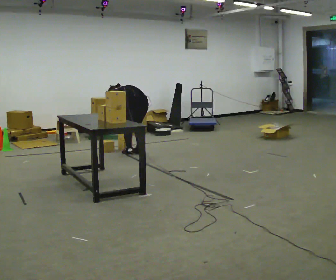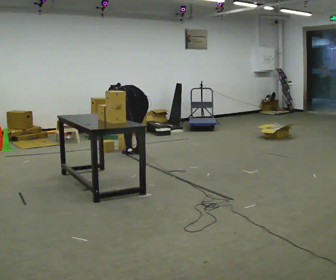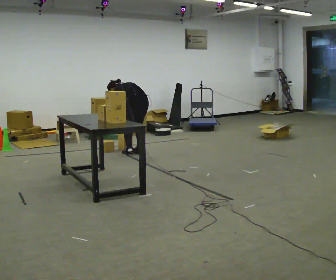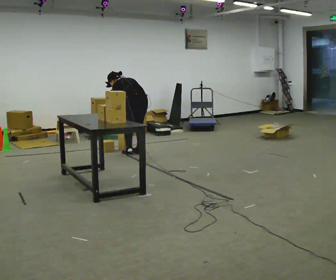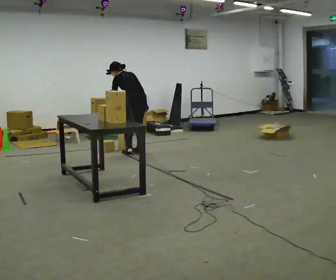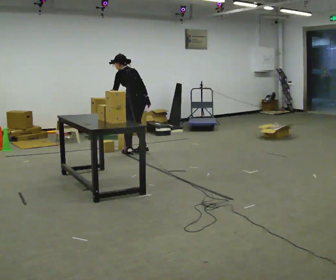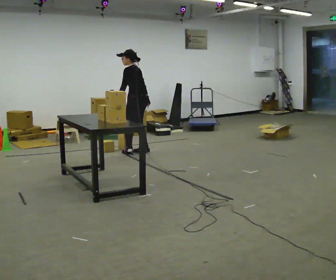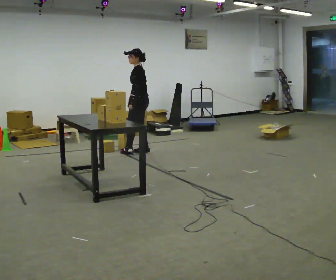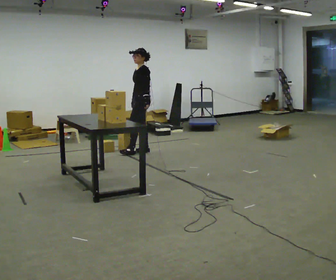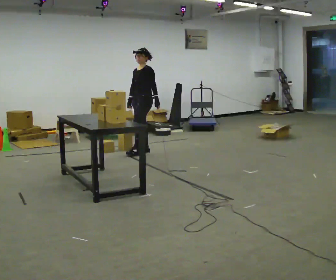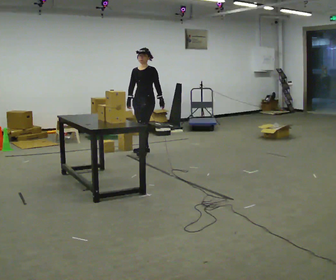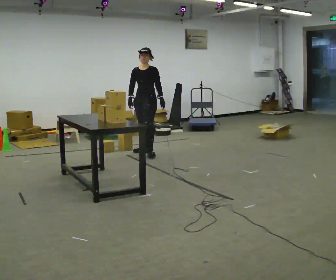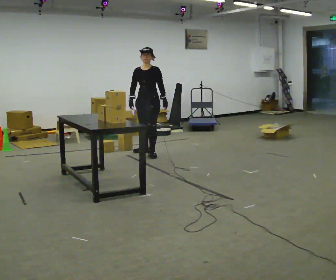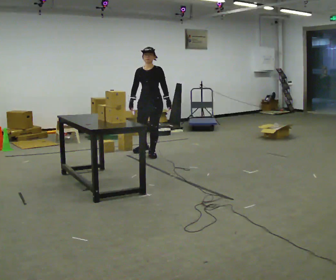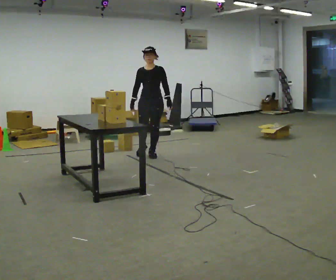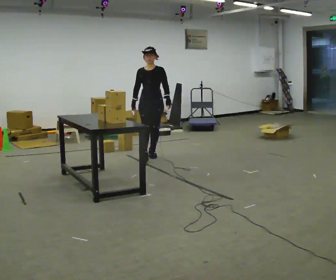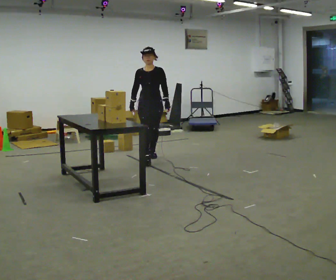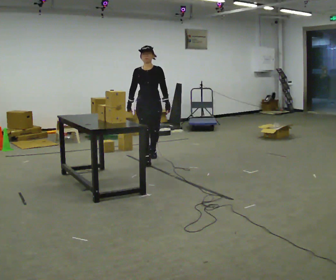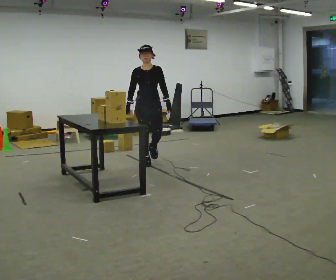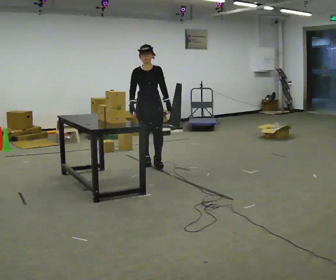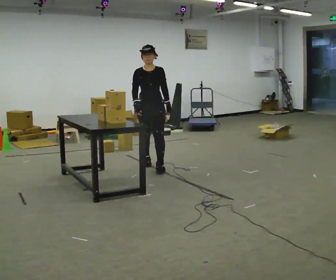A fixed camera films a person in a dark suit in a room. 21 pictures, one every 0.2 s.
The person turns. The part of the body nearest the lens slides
to the right.
The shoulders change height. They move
upward.
0.0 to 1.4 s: Seen from above the body turns counterclockwise, about 45 degrees: to their left, with its near side sliding to the right. In the picture they go away from the camera, about 0.25 m in 1 step, which for them is to their right. The upper body goes upward. The upper body tips toward the camera, its near side rolling downward, as they lean back or straighten. In the picture their left hand goes upward.
1.4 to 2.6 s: Seen from above the body turns counterclockwise, about 75 degrees: to their left, with its near side sliding to the right. In the picture they go toward the camera, about 0.25 m in 1 step.
2.6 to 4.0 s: In the picture they go toward the camera, about 0.75 m in 2 steps, which for them is forward.
The film runs forward here.
